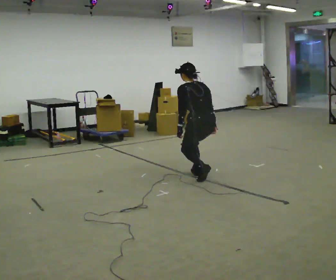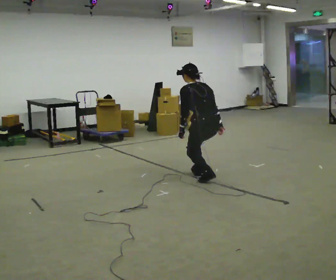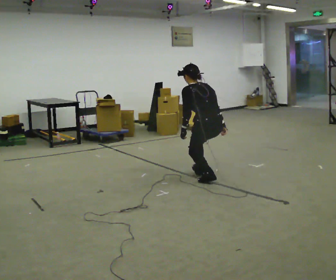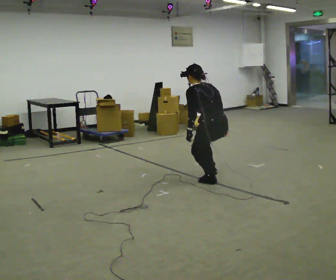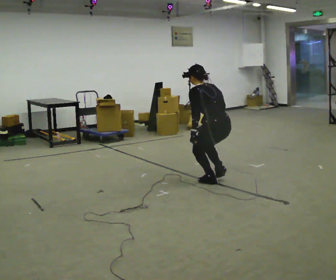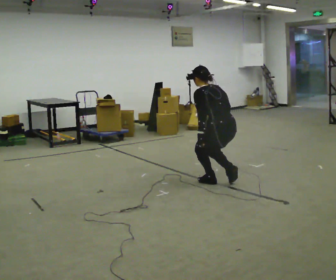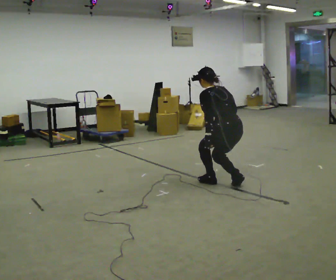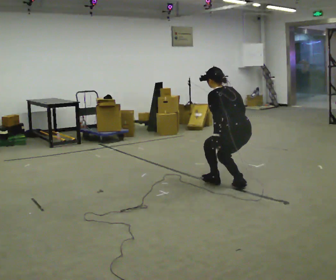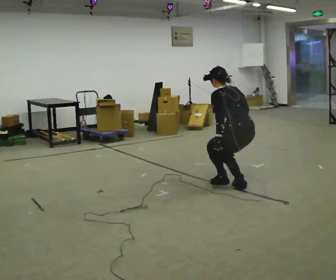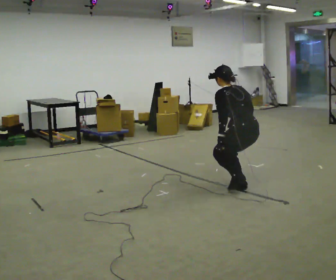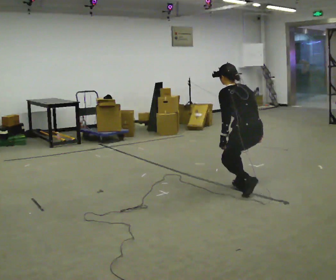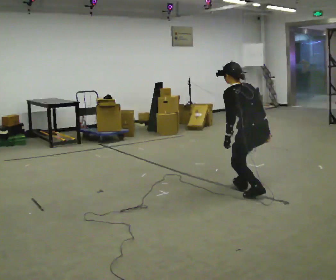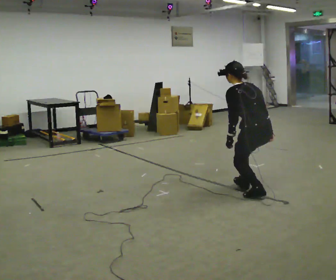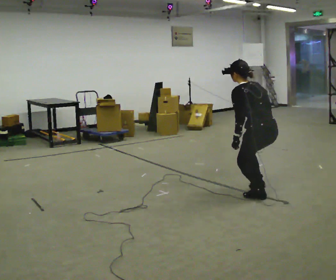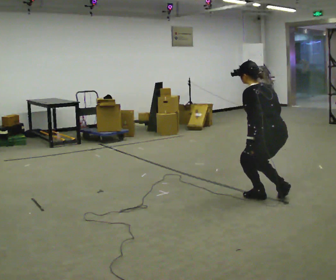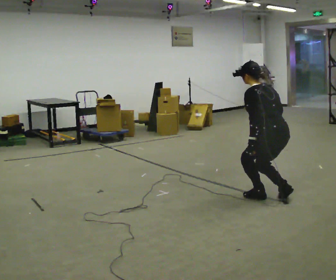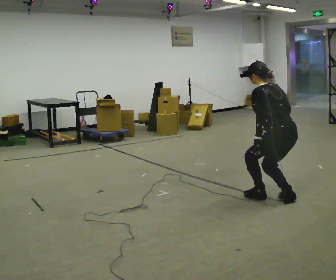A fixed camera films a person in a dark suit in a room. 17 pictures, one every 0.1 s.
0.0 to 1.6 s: In the picture they go to the right and toward the camera, about 1 m in 3 steps, which for them is backward.
The film runs backward here.
